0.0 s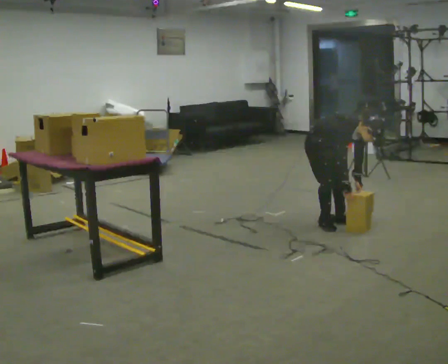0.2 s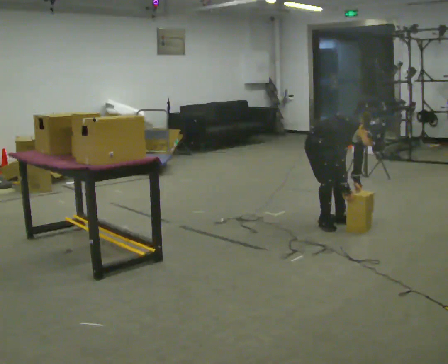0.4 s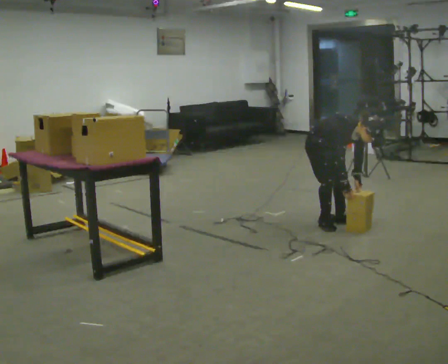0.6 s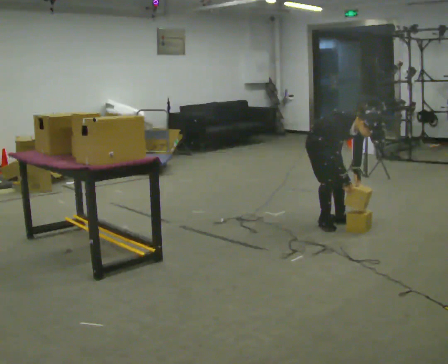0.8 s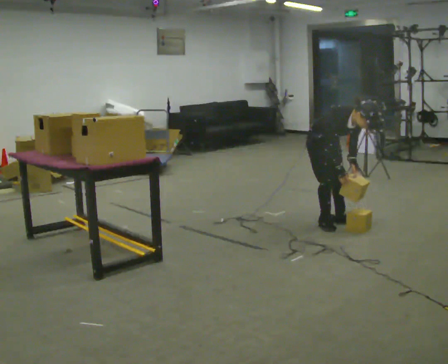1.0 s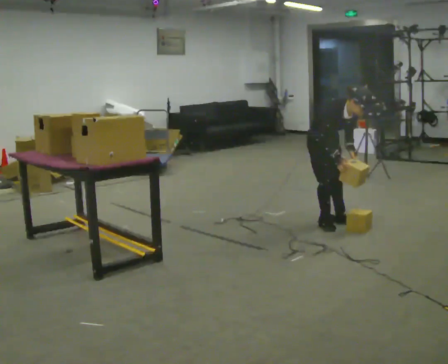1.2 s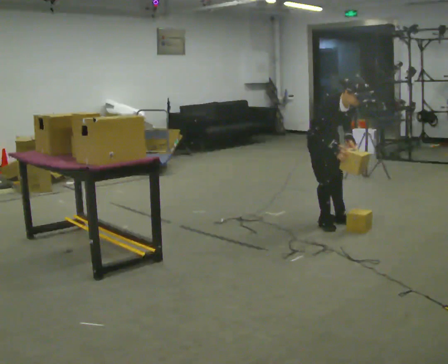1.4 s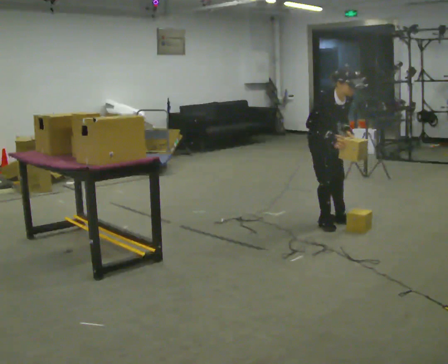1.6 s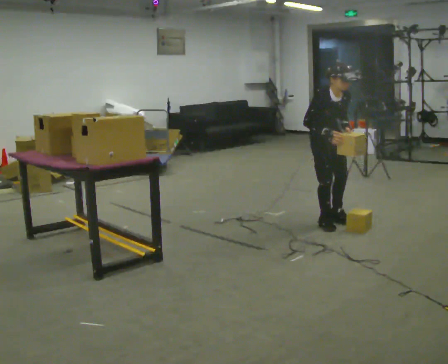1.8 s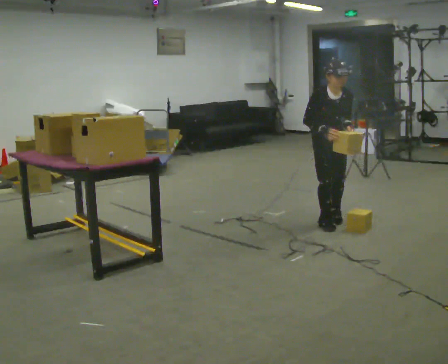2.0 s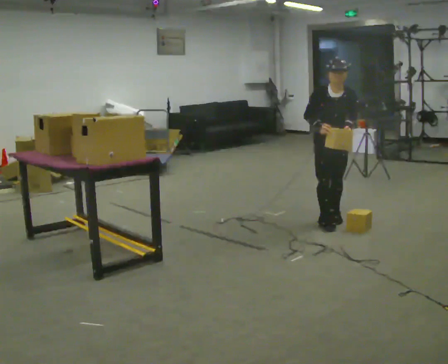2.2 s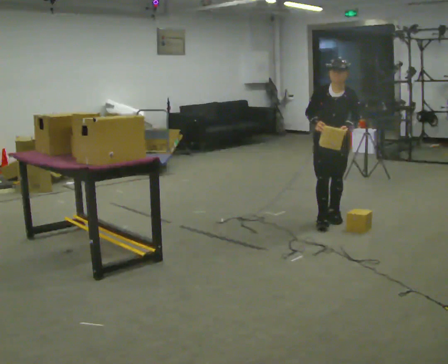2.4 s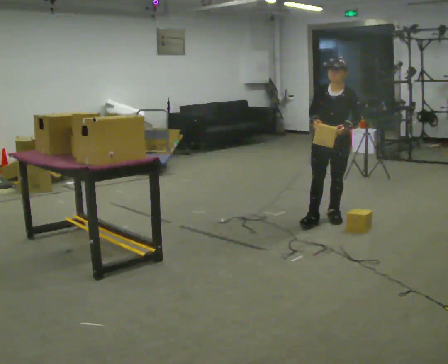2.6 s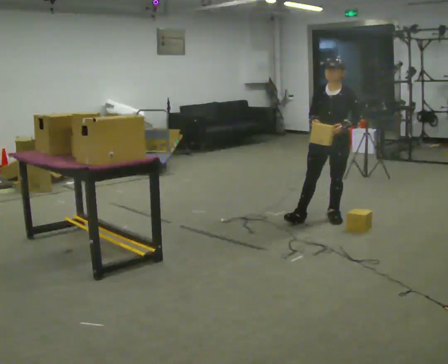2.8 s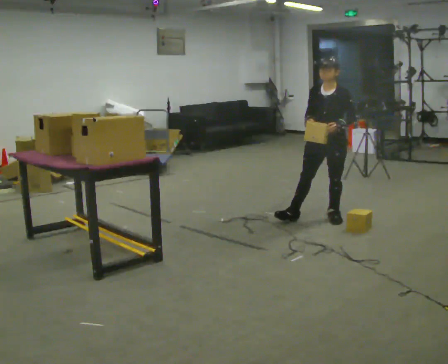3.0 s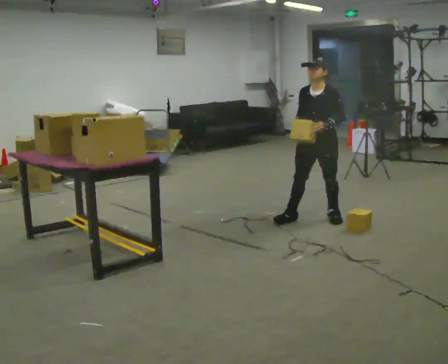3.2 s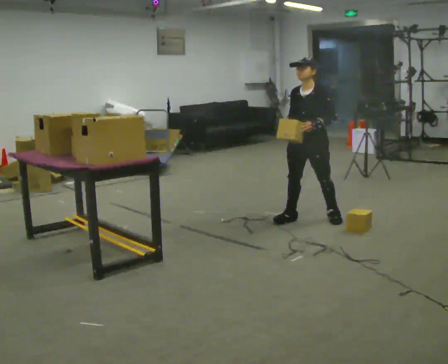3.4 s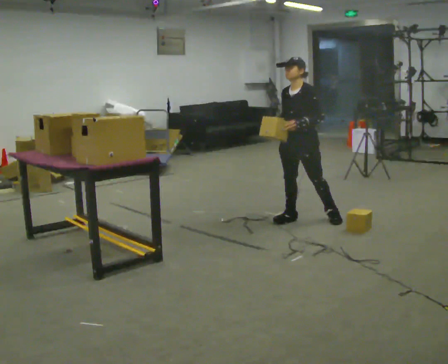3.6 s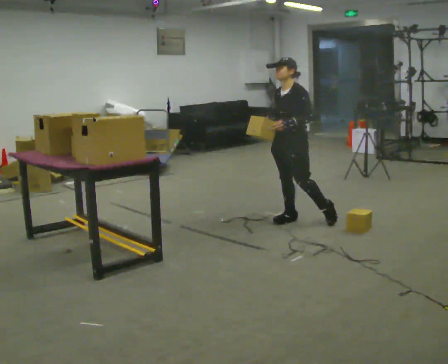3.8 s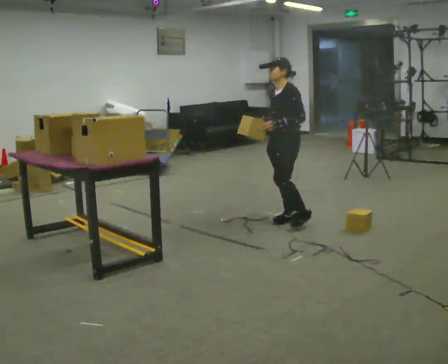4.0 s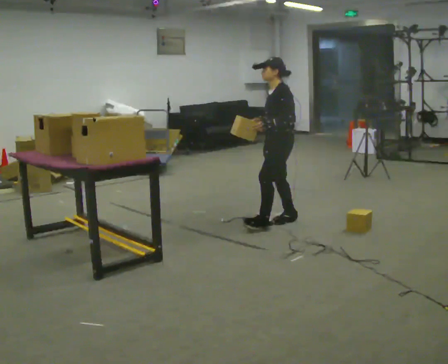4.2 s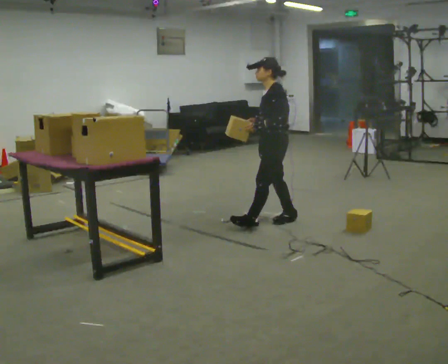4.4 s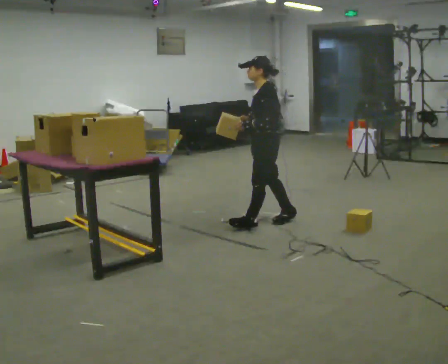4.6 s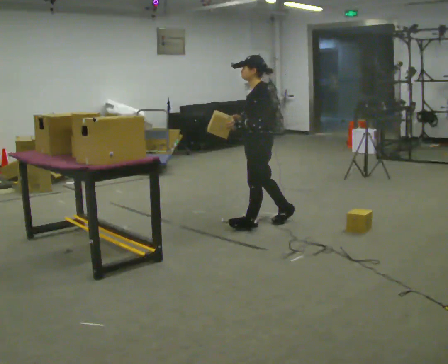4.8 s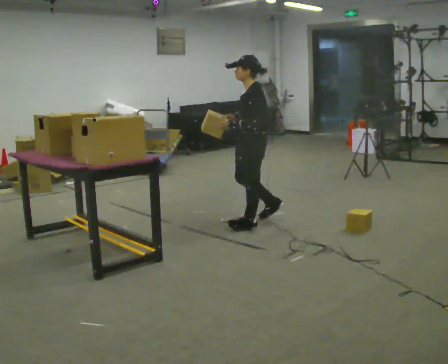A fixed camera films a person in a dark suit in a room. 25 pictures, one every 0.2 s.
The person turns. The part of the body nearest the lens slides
to the left.
The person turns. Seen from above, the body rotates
clockwise.
0.0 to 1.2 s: The shoulders move upward. In the picture the upper body tilts counterclockwise, shoulders to the left, as they lean back or straighten. In the picture their right hand goes upward.
1.2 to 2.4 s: The part of the body nearest the lens slides to the left as the person turns to their right by about 60 degrees. In the picture the upper body tilts counterclockwise, shoulders to the left, as they lean back or straighten.
2.4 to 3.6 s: Seen from above the body turns clockwise, about 30 degrees: to their right, with its near side sliding to the left. In the picture they go to the left, about 0.25 m in 1 step, which for them is to their right and forward.
3.6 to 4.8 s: Seen from above the body turns clockwise, about 30 degrees: to their right, with its near side sliding to the left. In the picture they go to the left and toward the camera, about 0.25 m in 1 step, which for them is forward.
The film runs forward here.
